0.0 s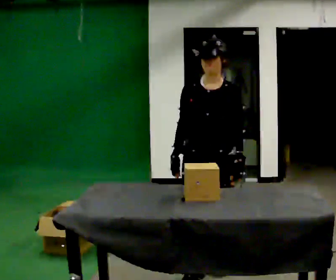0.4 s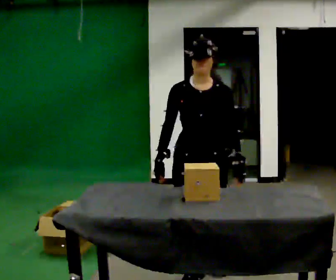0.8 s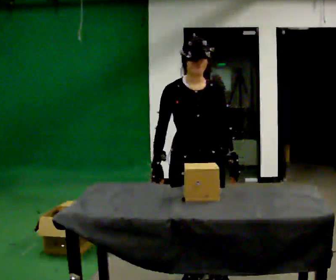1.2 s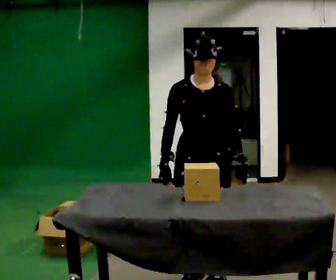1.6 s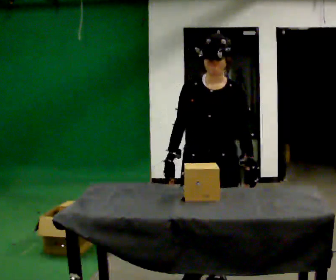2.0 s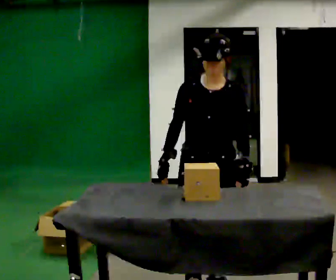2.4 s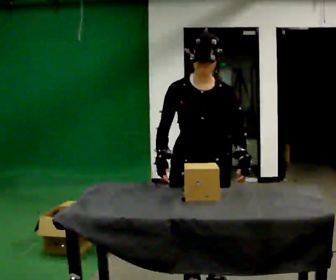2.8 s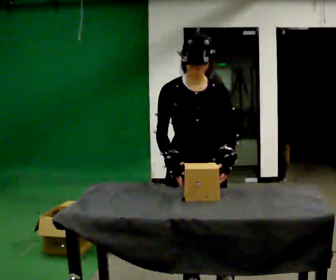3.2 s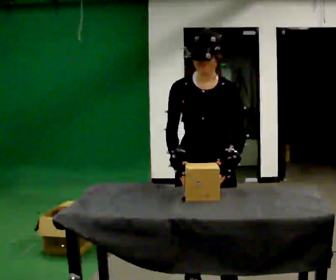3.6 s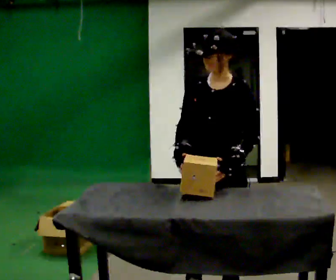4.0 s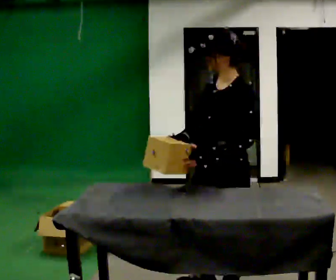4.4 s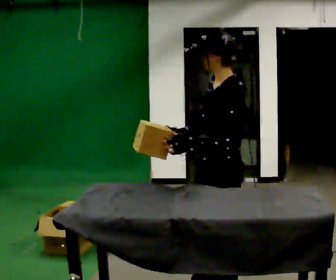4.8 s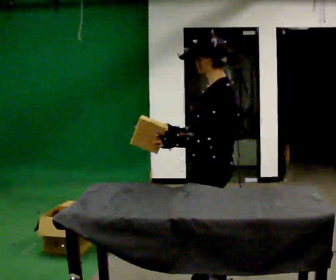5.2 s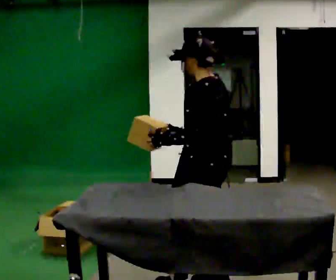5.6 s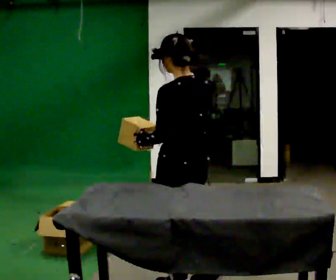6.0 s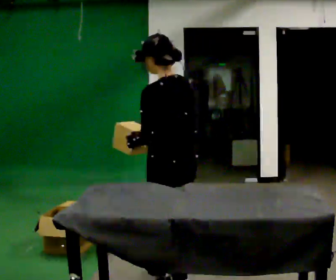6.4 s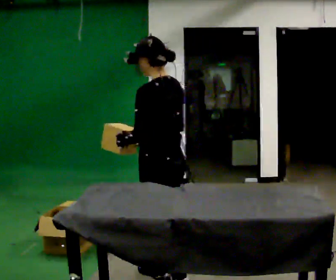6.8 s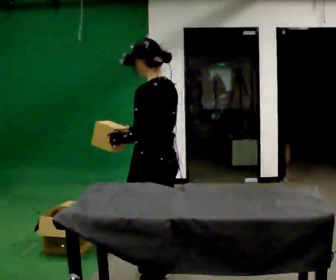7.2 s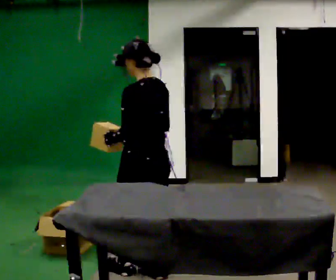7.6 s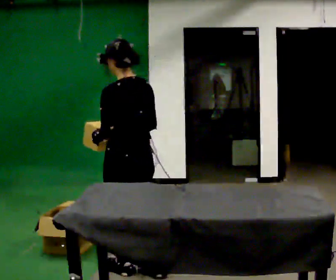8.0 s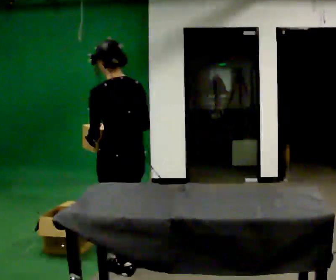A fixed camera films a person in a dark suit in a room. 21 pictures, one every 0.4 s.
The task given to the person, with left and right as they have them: Take objects out of the bin one at a time and lay them out on the table, stepping between the bin and the table each time. Keep going until the operator says stop; one object at a time, and do not rush between trips.
0.0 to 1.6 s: In the picture they go toward the camera, about 0.25 m in 1 step, which for them is forward.
1.6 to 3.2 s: In the picture they go toward the camera, about 0.25 m in 2 steps, which for them is forward.
3.2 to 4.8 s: The person turns about 90 degrees to their right, clockwise seen from above, so the part of the body nearest the lens slides to the left.
4.8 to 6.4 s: In the picture they go to the left, about 0.25 m in 2 steps, which for them is forward and to their left.
6.4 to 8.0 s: In the picture they go to the left, about 0.25 m in 1 step, which for them is forward.
The film runs forward here.
